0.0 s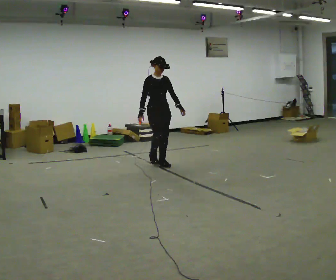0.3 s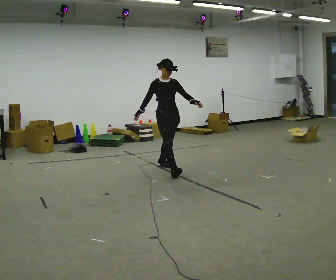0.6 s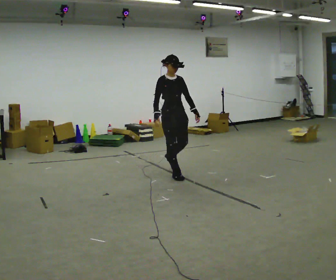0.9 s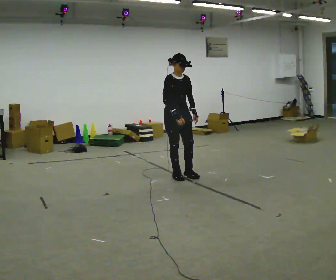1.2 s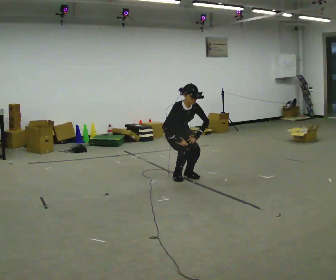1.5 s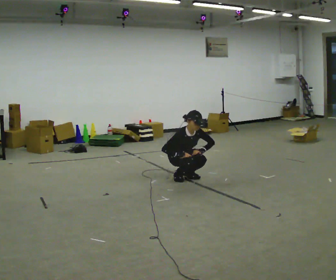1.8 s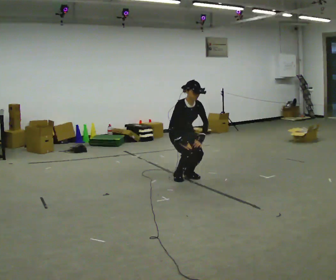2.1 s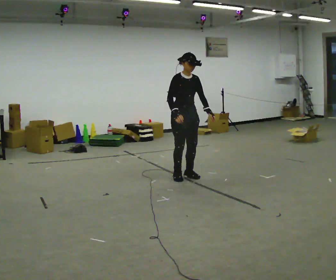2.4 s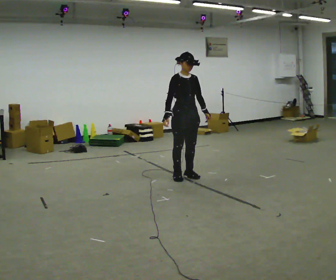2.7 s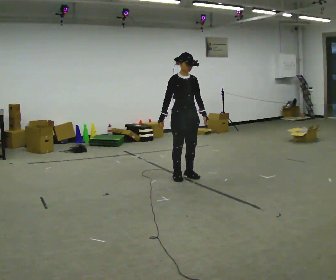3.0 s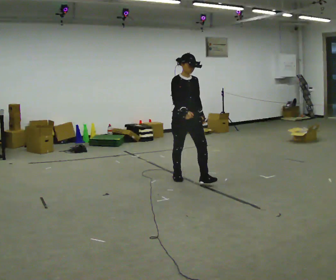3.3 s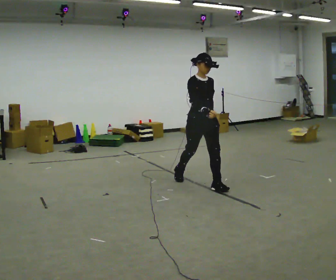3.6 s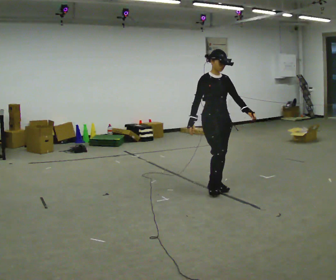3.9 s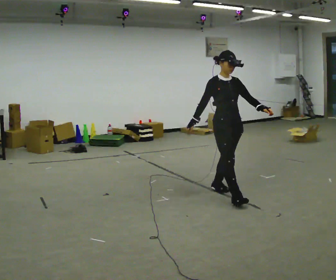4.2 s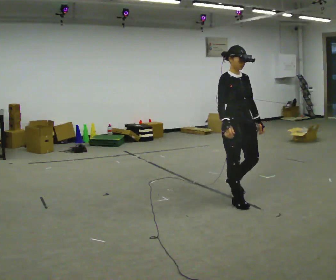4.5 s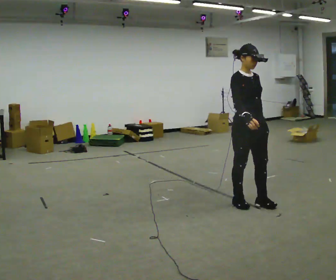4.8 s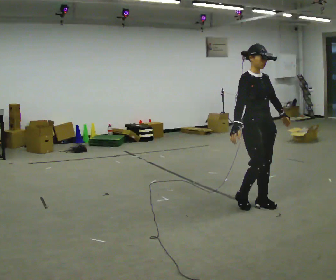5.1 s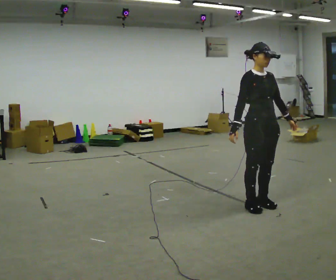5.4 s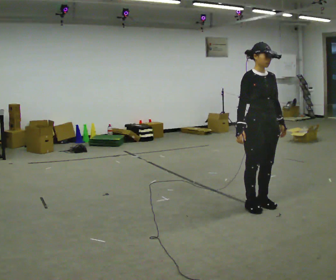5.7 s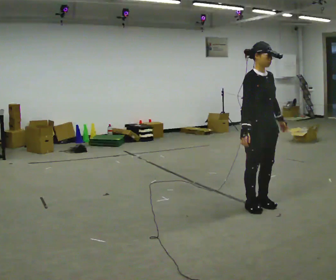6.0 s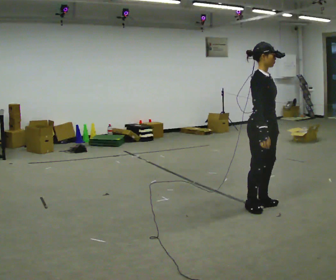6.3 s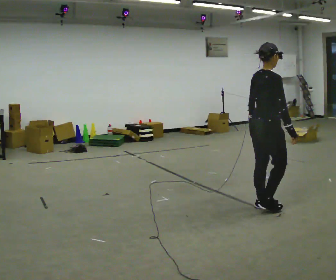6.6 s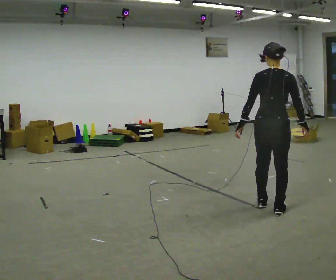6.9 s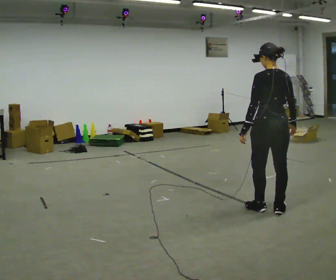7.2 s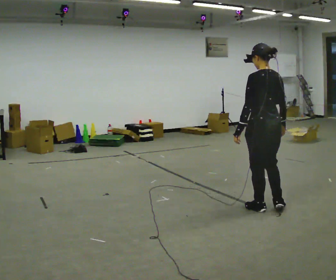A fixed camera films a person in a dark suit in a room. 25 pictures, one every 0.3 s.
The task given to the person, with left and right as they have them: Walk; crouch comfortably at marker; remain briefly; stand and continue.
0.0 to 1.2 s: In the picture they go toward the camera and to the right, about 0.5 m in 2 steps, which for them is forward. The upper body goes downward. The upper body tips toward the camera, its near side rolling downward, as they bend forward. In the picture their left hand goes downward.
1.2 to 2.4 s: The upper body tips away from the camera, its near side rolling upward, as they lean back or straighten. In the picture their left hand goes upward.
2.4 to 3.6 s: In the picture they go toward the camera and to the right, about 0.75 m in 1 step, which for them is forward.
3.6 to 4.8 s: In the picture they go toward the camera and to the right, about 0.75 m in 2 steps, which for them is forward.
4.8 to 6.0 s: The person turns about 30 degrees to their left, counterclockwise seen from above, so the part of the body nearest the lens slides to the right.
6.0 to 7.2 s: The person turns about 135 degrees to their left, counterclockwise seen from above, so the part of the body nearest the lens slides to the right. In the picture their left hand goes to the left.
The film runs forward here.
